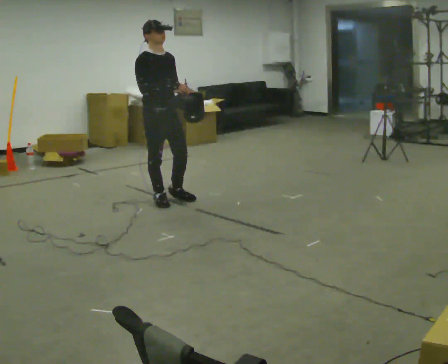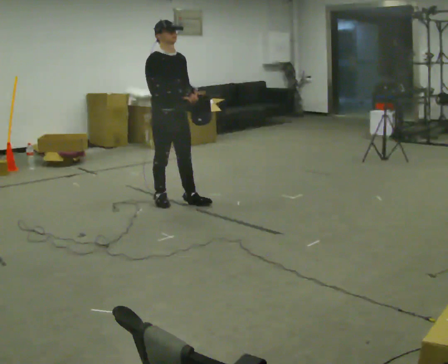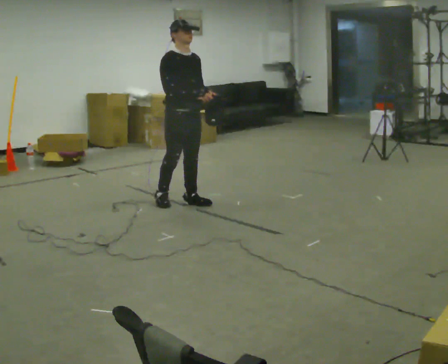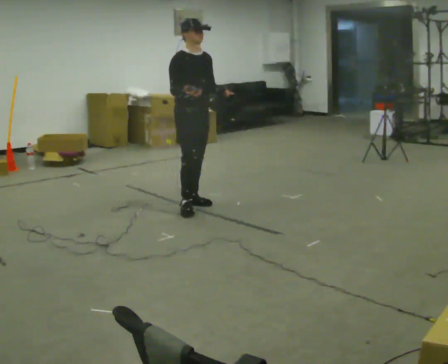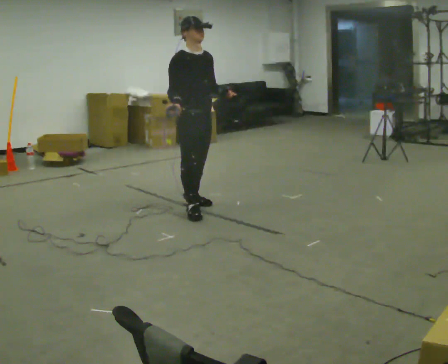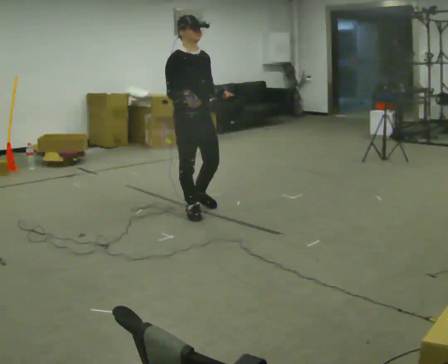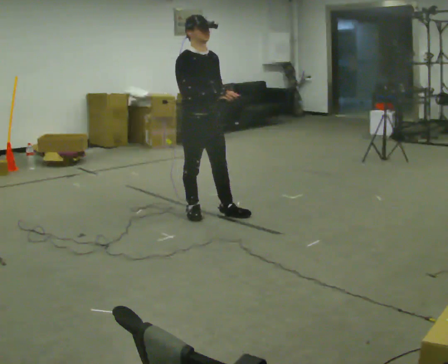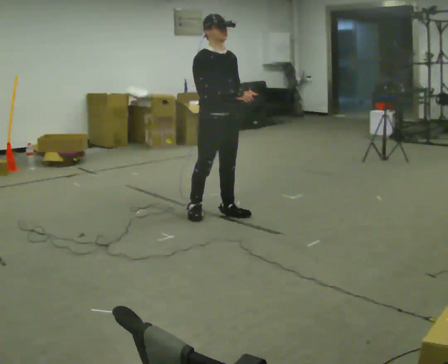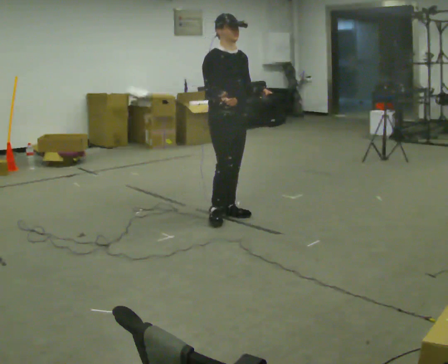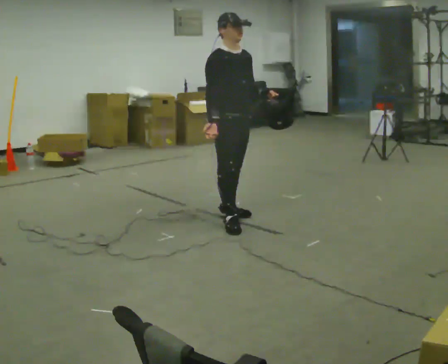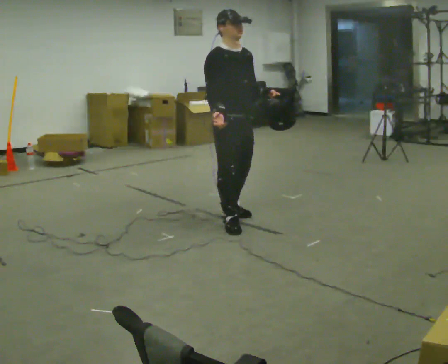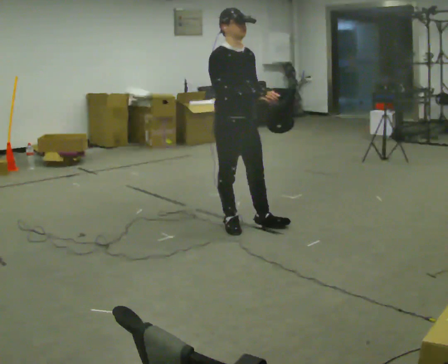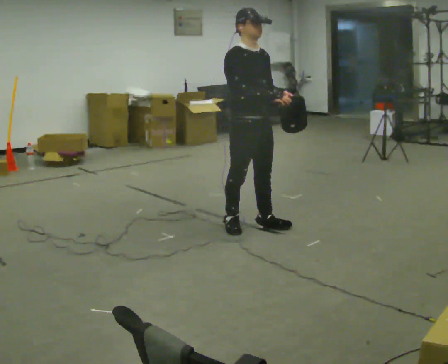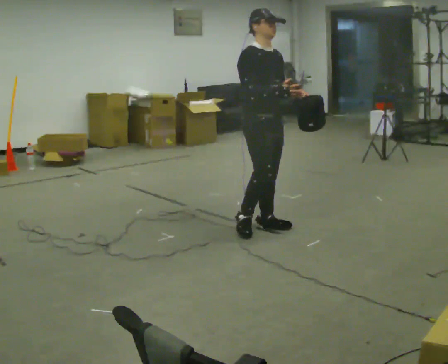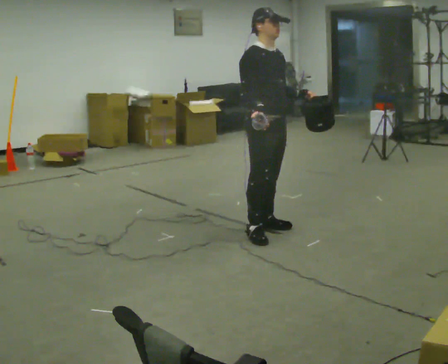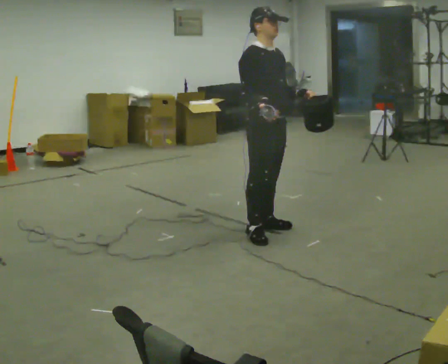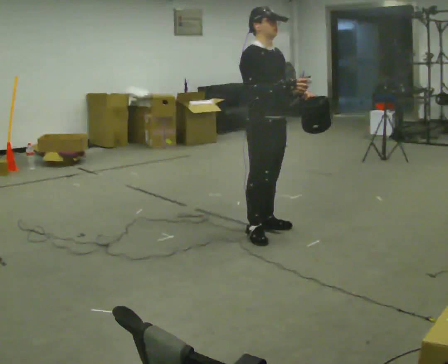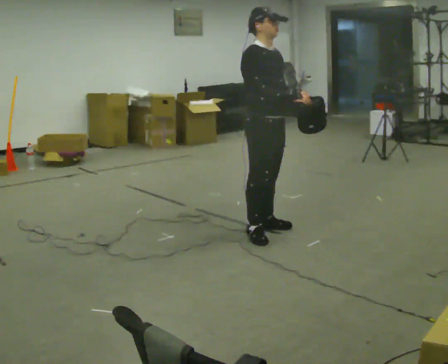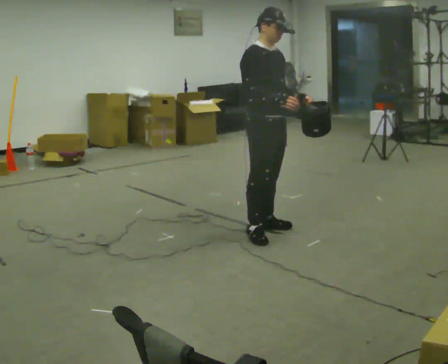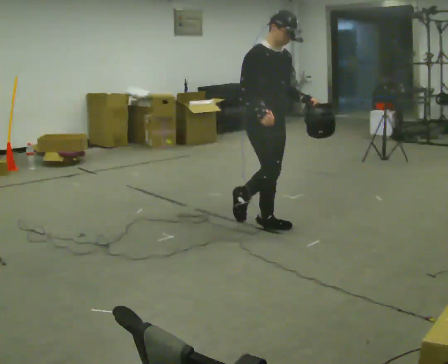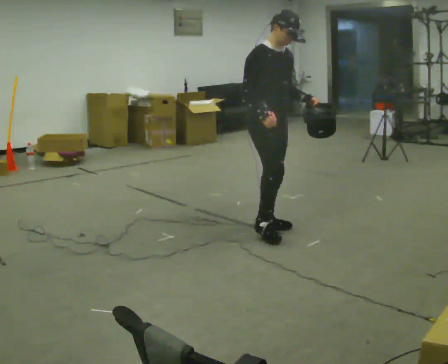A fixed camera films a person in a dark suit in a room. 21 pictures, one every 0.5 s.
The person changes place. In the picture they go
to the right.
0.0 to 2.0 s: In the picture they go to the right and toward the camera, about 0.5 m in 2 steps, which for them is forward.
2.0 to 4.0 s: In the picture they go to the right, about 0.25 m in 1 step, which for them is forward.
4.0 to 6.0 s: In the picture they go toward the camera and to the right, about 0.5 m in 2 steps, which for them is forward.
6.0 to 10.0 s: The person moves a little, or ends about where they began.
The film runs forward here.
